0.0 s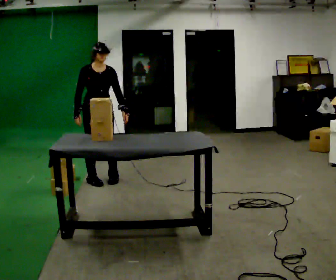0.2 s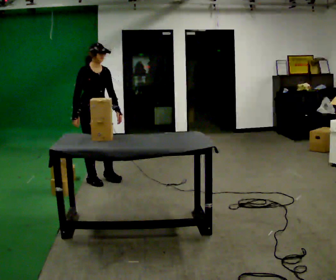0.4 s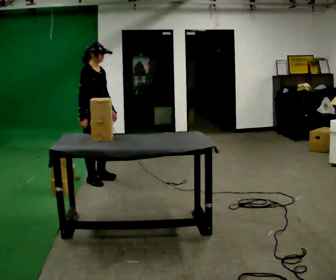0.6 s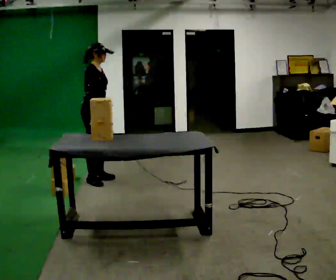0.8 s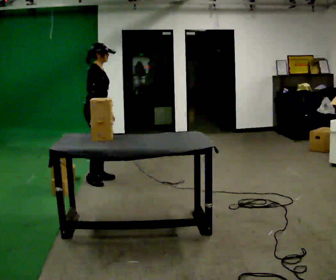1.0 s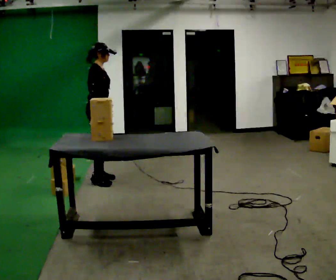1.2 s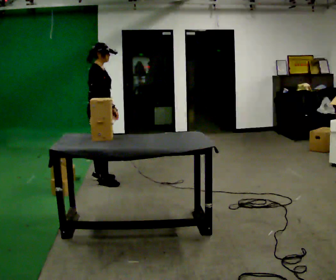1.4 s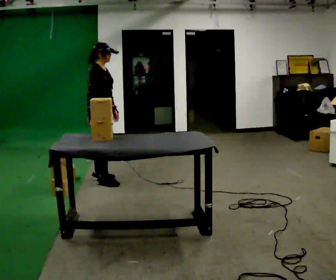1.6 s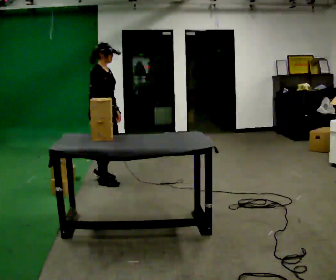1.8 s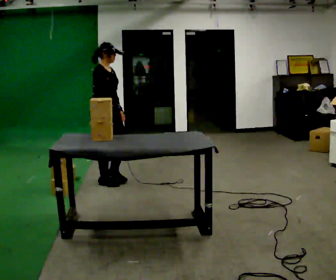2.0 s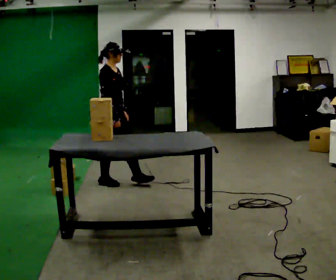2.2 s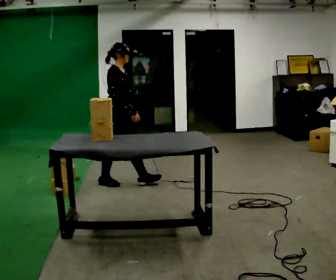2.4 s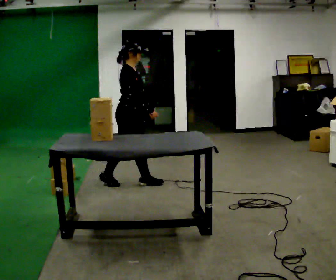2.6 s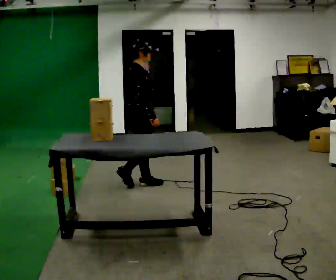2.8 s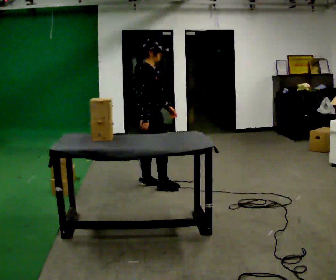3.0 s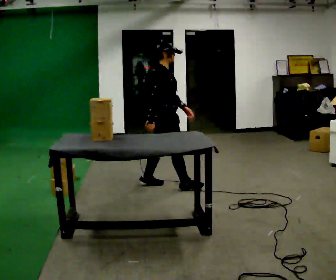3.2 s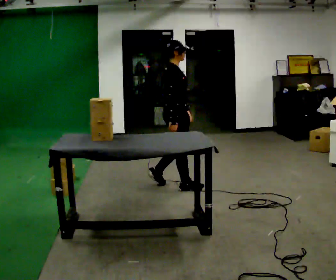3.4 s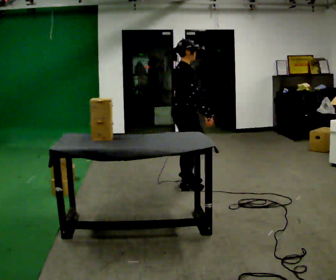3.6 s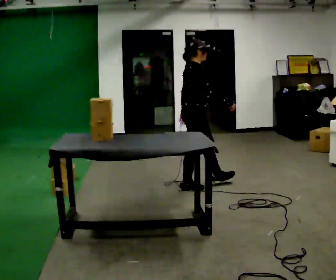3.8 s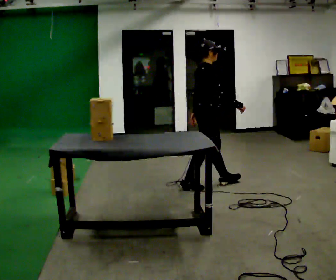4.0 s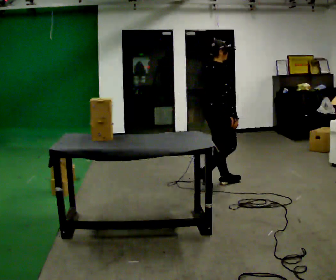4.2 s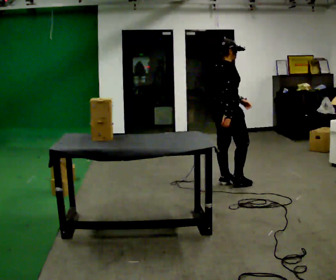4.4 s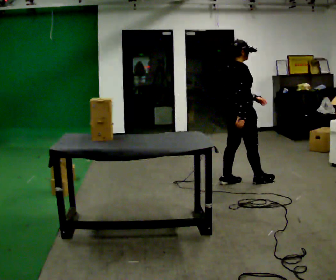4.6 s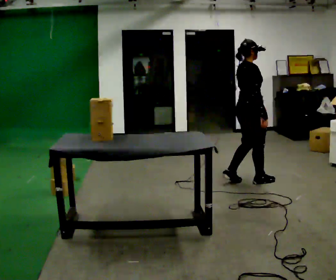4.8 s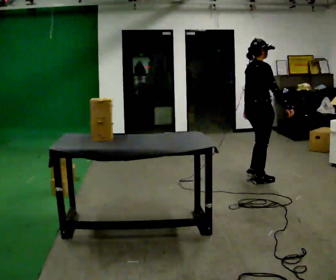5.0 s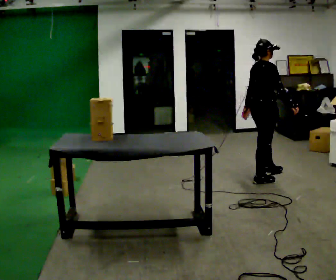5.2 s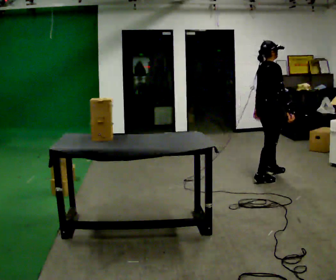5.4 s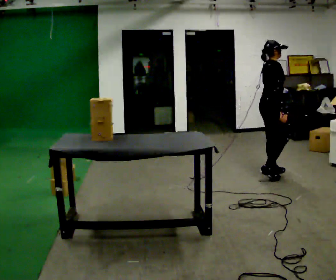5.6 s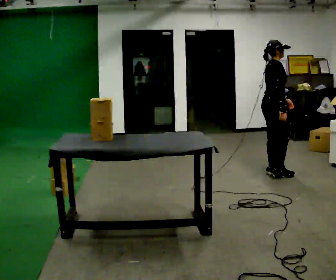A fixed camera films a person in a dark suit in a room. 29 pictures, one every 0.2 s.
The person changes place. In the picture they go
to the right.
0.0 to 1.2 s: Seen from above the body turns counterclockwise, about 60 degrees: to their left, with its near side sliding to the right.
1.2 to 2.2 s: In the picture they go to the right and toward the camera, about 0.25 m in 1 step, which for them is forward.
2.2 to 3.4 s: In the picture they go to the right, about 0.5 m in 1 step, which for them is forward.
3.4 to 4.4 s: In the picture they go to the right, about 0.75 m in 2 steps, which for them is forward.
4.4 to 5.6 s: In the picture they go to the right and away from the camera, about 0.5 m in 1 step, which for them is forward.
The film runs forward here.
